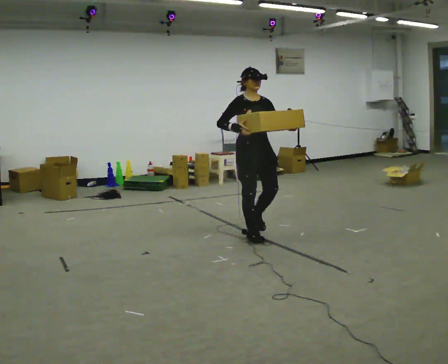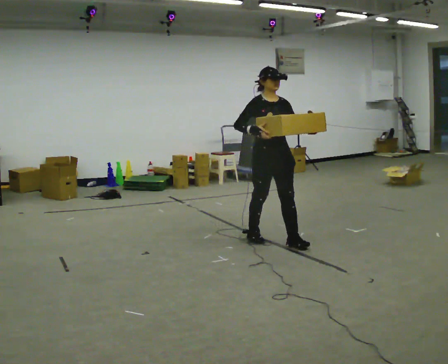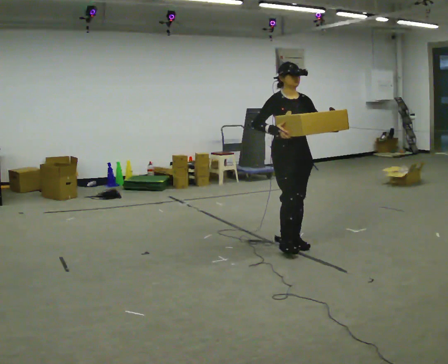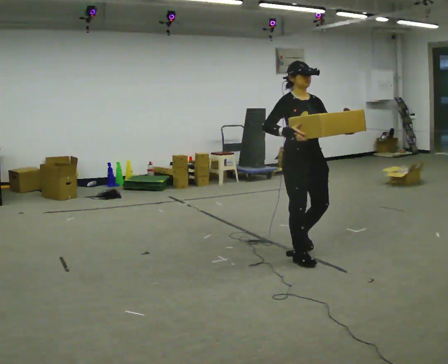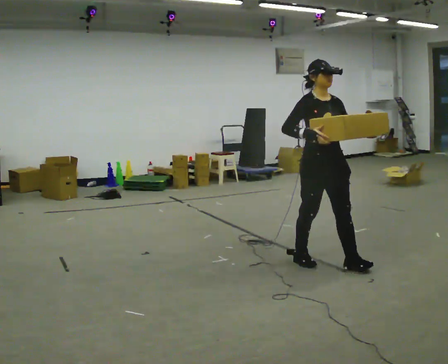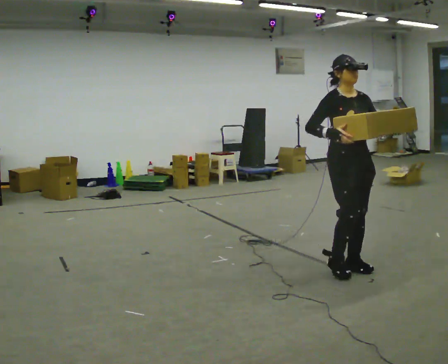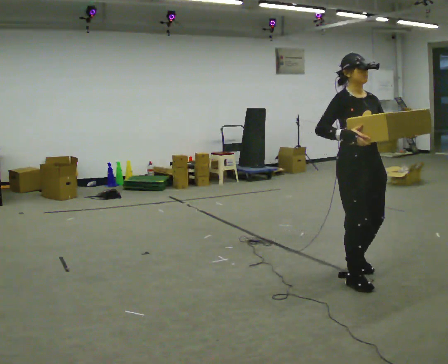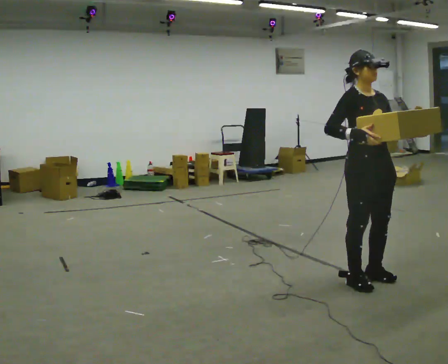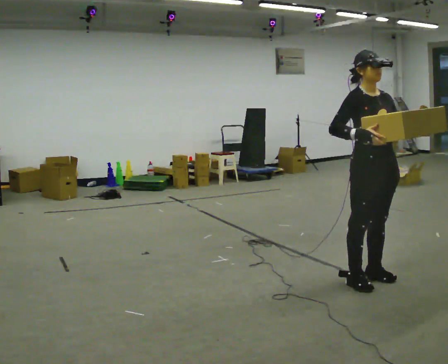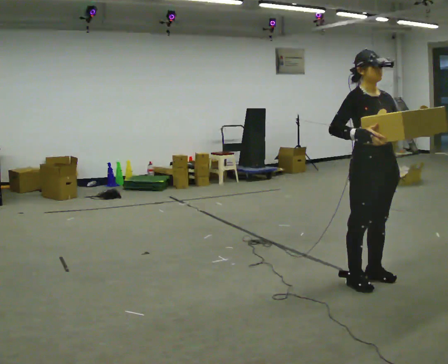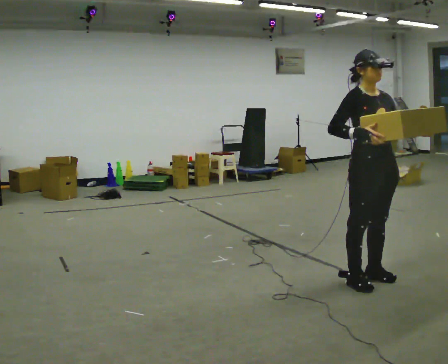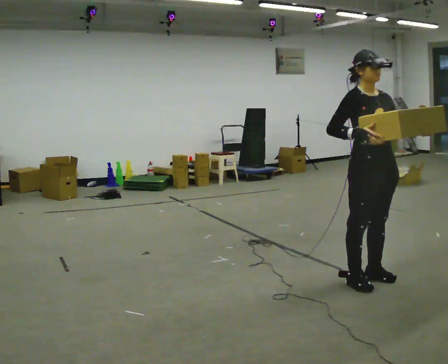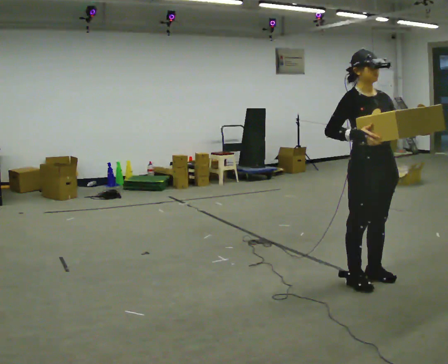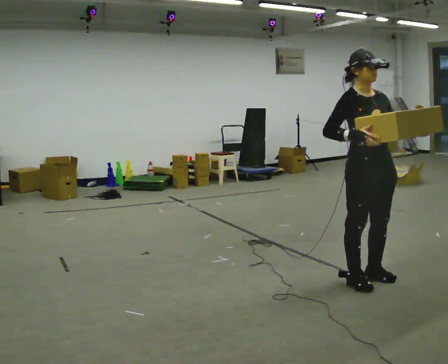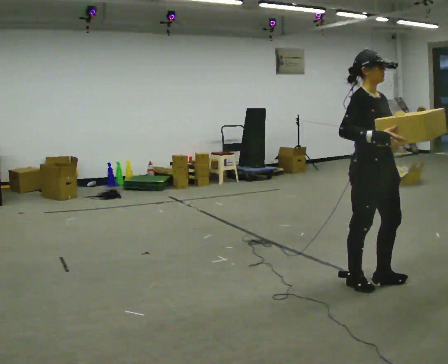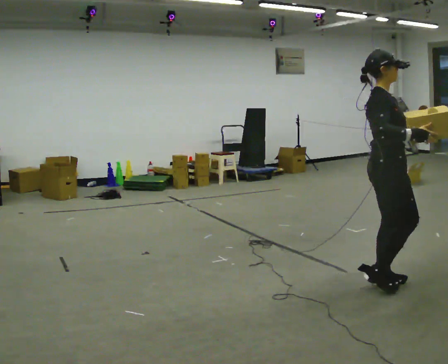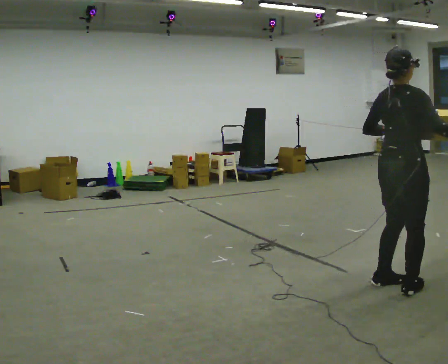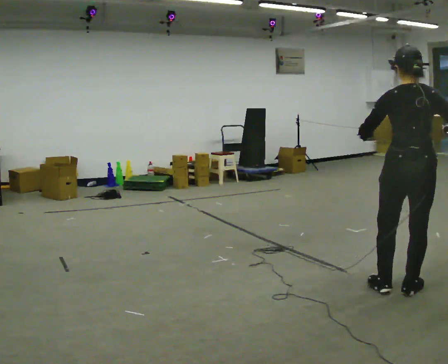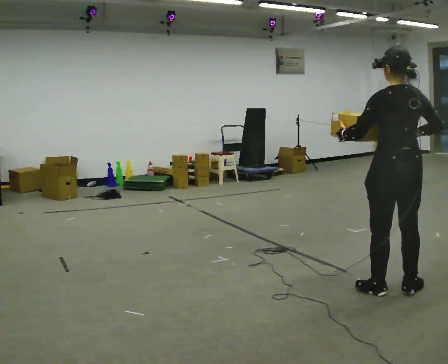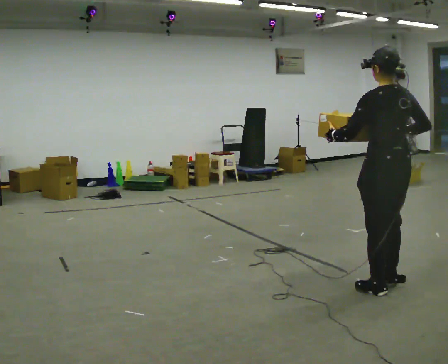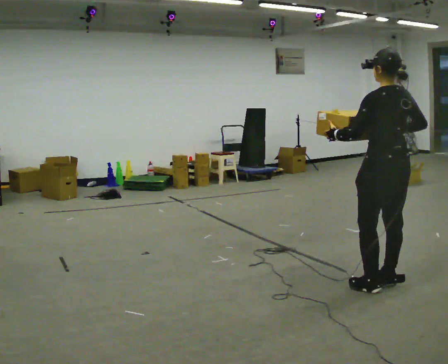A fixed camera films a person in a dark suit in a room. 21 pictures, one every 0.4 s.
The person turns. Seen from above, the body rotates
counterclockwise.
The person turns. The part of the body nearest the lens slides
to the right.
0.0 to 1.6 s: In the picture they go toward the camera and to the right, about 1 m in 3 steps, which for them is forward.
1.6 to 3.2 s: In the picture they go toward the camera and to the right, about 0.5 m in 2 steps, which for them is forward.
3.2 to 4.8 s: The person moves a little, or ends about where they began.
4.8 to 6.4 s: The part of the body nearest the lens slides to the right as the person turns to their left by about 90 degrees. In the picture they go to the right, about 0.25 m in 1 step.
6.4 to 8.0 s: Seen from above the body turns counterclockwise, about 90 degrees: to their left, with its near side sliding to the right. In the picture their left hand goes to the left.
The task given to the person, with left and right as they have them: Carry the medium box in both hands in front of you, walking back and forth across the room. Keep walking until the operator says stop.
The film runs forward here.
